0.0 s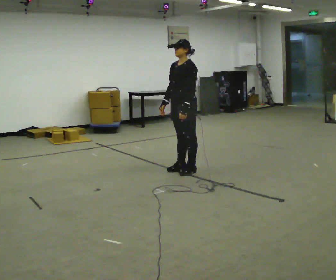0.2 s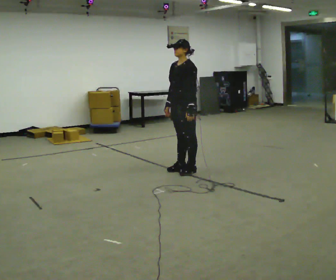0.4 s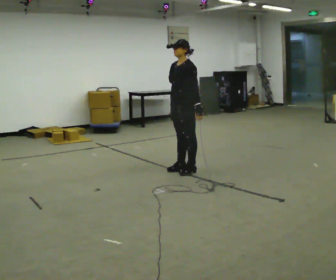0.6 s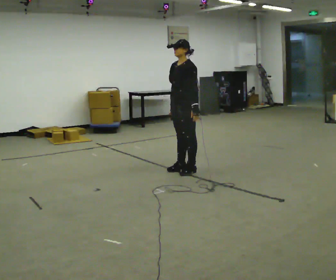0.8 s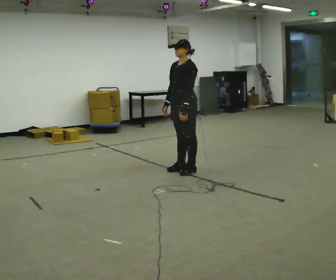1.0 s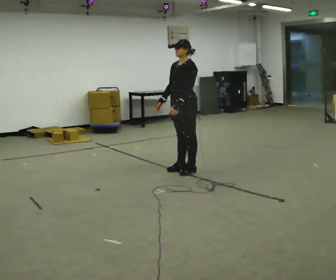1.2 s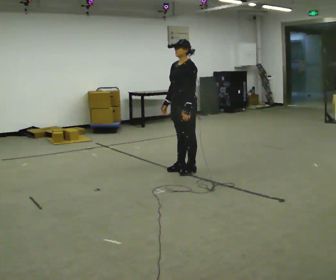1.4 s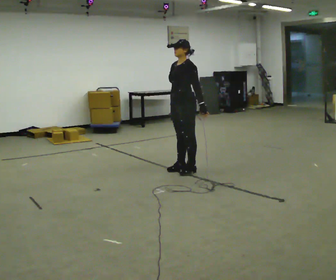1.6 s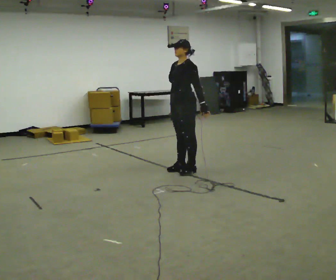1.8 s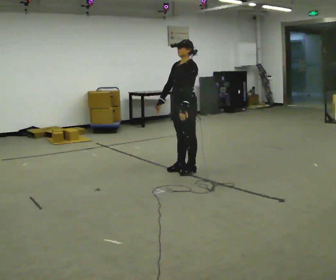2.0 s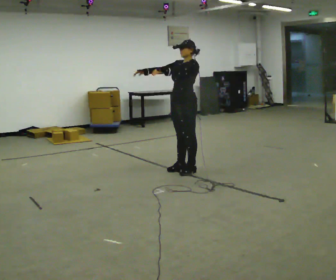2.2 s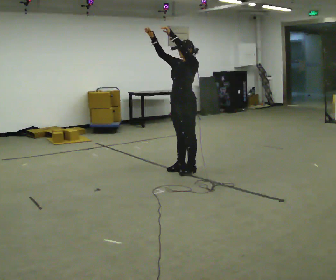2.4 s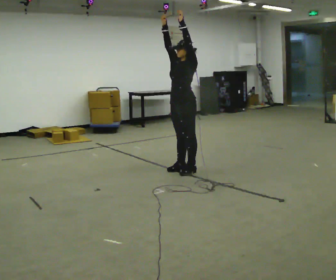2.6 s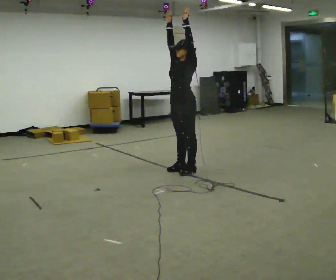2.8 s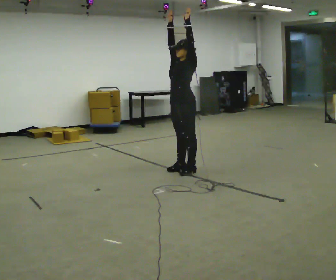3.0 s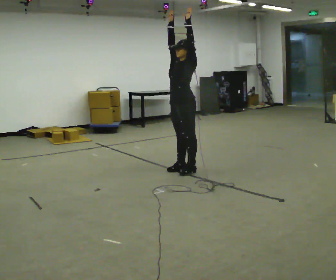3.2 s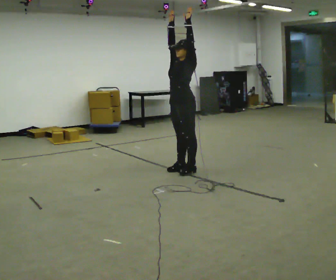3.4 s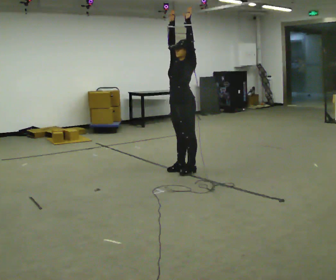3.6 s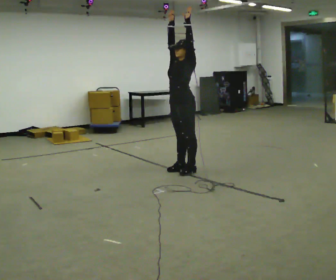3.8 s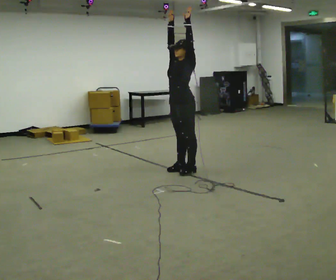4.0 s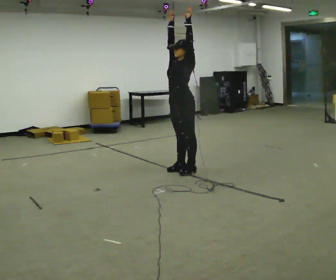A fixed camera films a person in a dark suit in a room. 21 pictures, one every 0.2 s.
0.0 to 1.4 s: The person moves a little, or ends about where they began.
1.4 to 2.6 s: In the picture their left hand goes upward.
2.6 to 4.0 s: The person moves a little, or ends about where they began.
The film runs backward here.
